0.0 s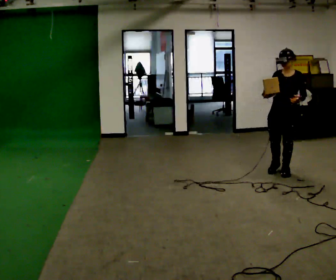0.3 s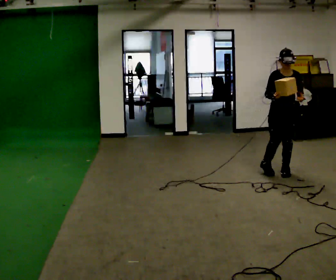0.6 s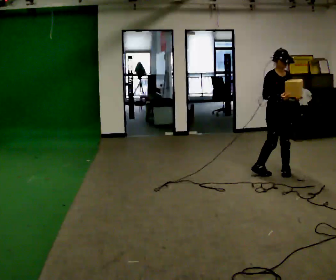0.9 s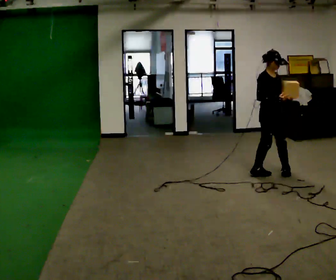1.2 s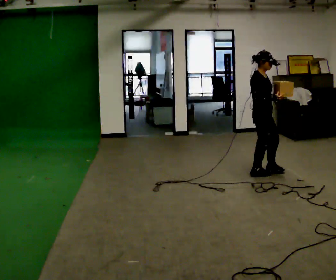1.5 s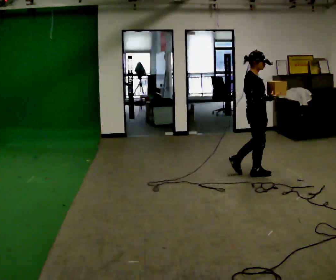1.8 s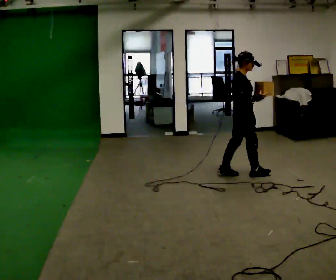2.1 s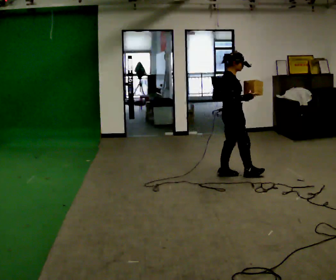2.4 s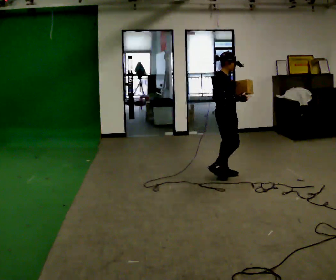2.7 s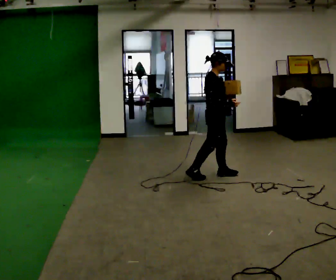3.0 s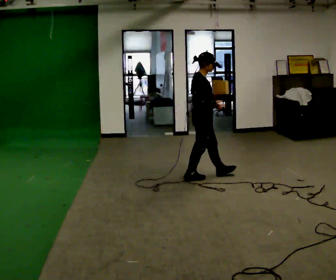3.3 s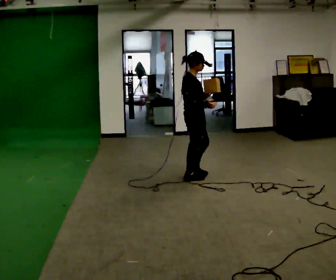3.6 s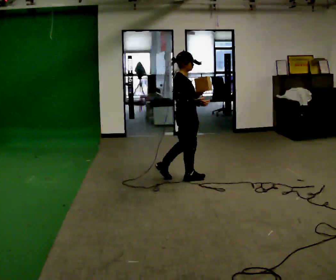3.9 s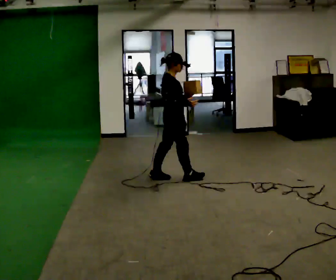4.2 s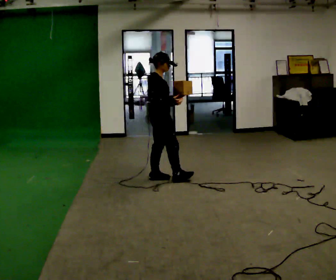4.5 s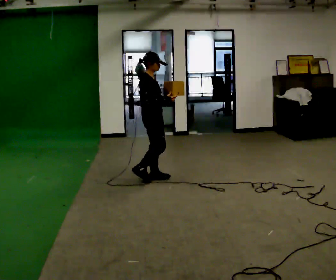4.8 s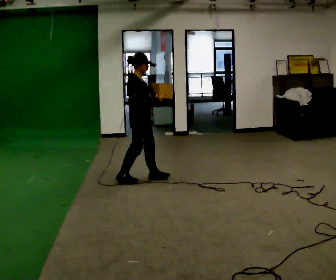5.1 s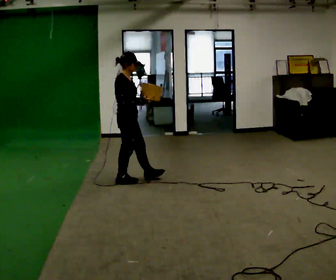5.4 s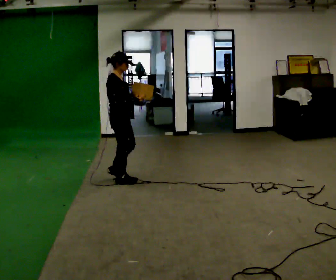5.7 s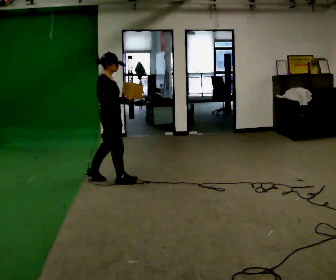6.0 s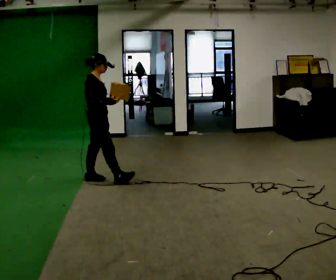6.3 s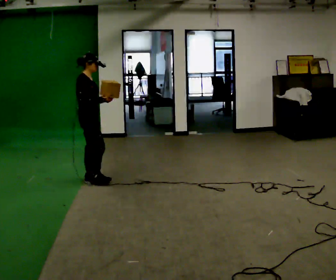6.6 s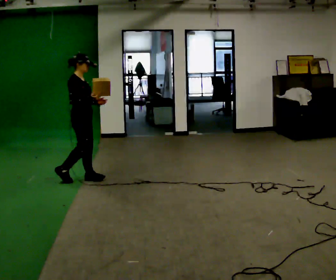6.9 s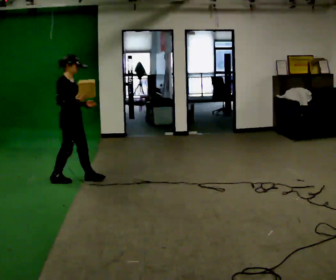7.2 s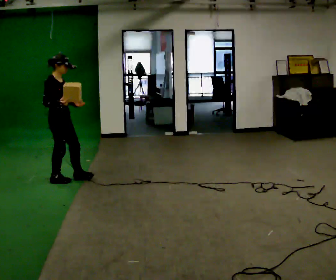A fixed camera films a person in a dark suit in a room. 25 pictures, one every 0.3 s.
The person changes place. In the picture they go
to the left.
0.0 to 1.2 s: The person turns about 90 degrees to their left, counterclockwise seen from above, so the part of the body nearest the lens slides to the right. In the picture they go to the left, about 0.25 m in 1 step.
1.2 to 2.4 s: In the picture they go to the left, about 0.5 m in 1 step, which for them is backward.
2.4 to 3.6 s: In the picture they go to the left, about 0.5 m in 1 step, which for them is backward.
3.6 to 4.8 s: In the picture they go to the left, about 0.5 m in 1 step, which for them is backward.
4.8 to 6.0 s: In the picture they go to the left, about 0.5 m in 1 step, which for them is backward.
6.0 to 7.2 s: In the picture they go to the left, about 0.5 m in 2 steps, which for them is backward.
The film runs backward here.
